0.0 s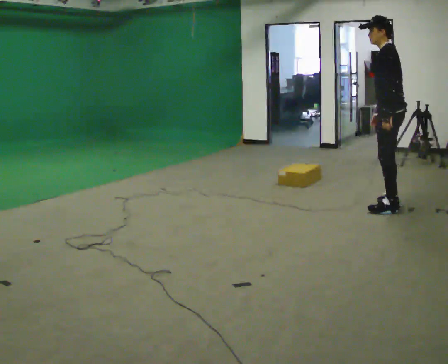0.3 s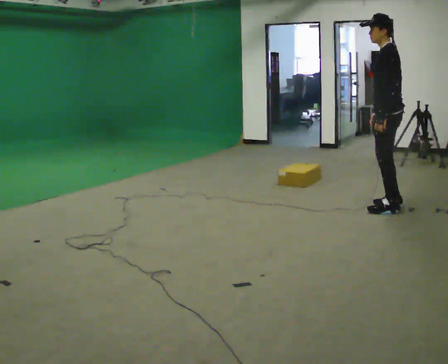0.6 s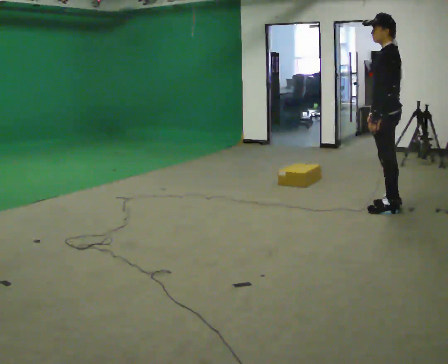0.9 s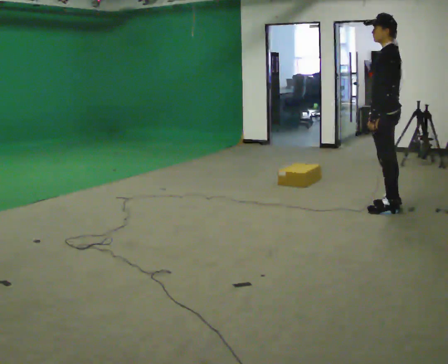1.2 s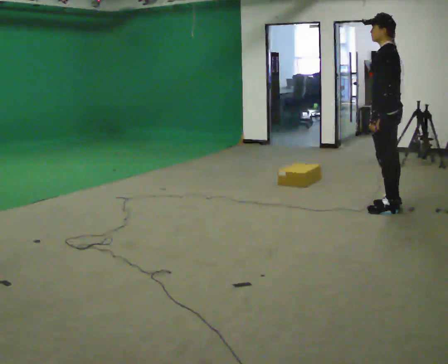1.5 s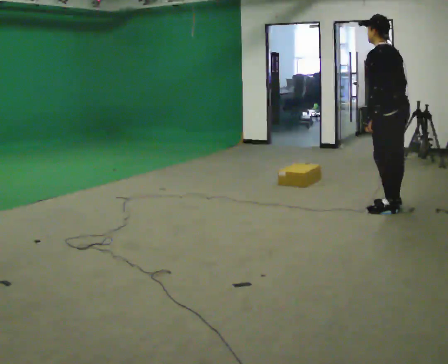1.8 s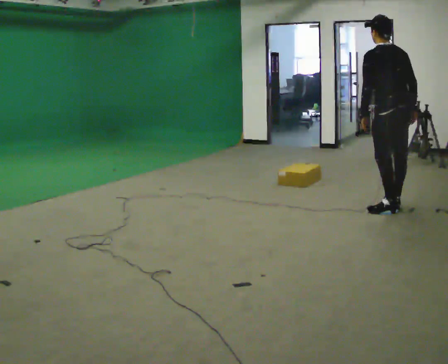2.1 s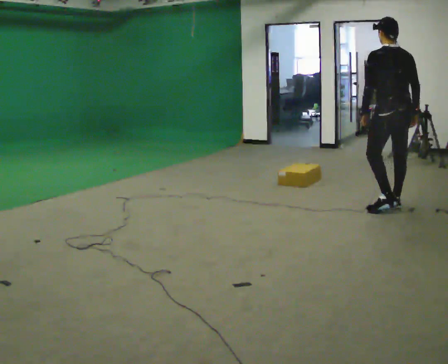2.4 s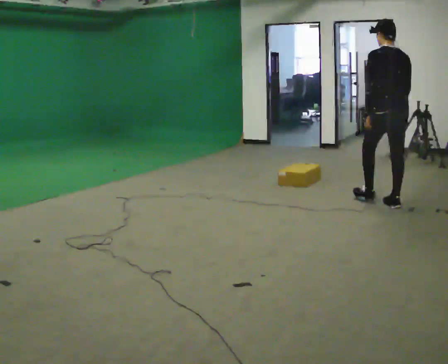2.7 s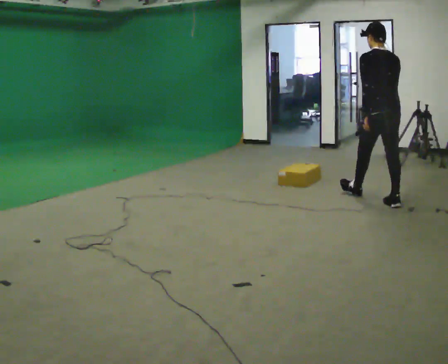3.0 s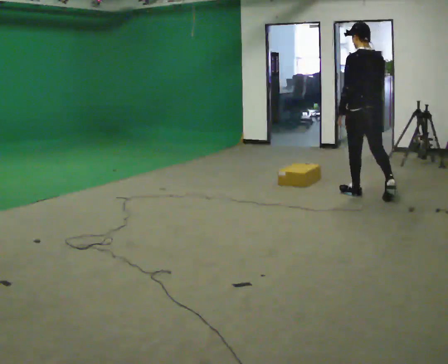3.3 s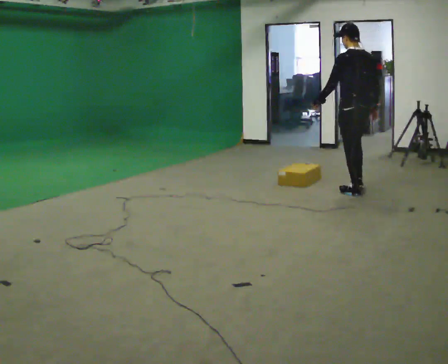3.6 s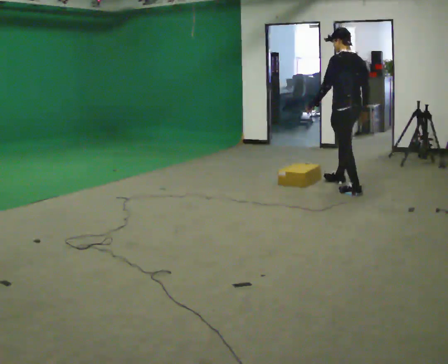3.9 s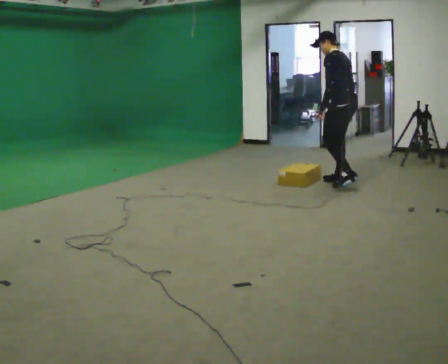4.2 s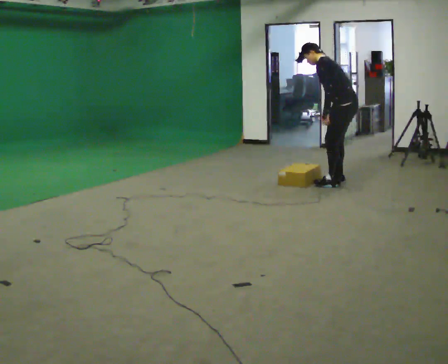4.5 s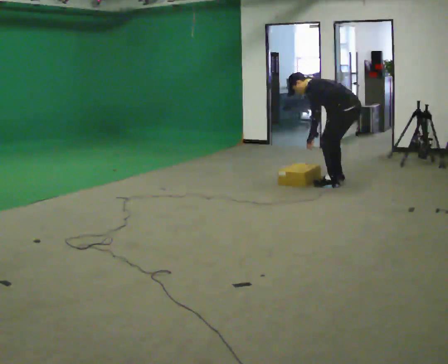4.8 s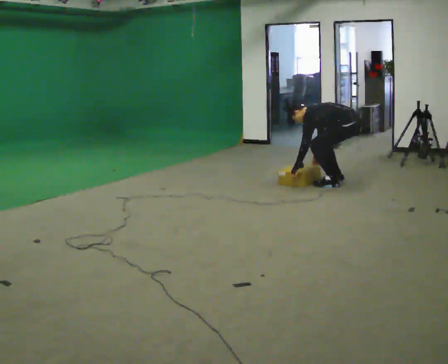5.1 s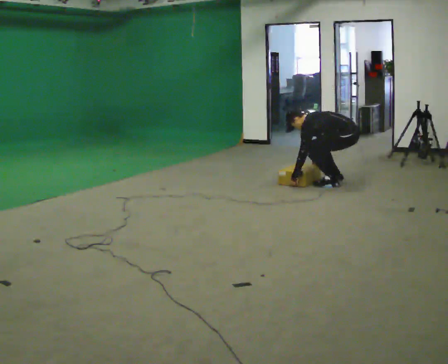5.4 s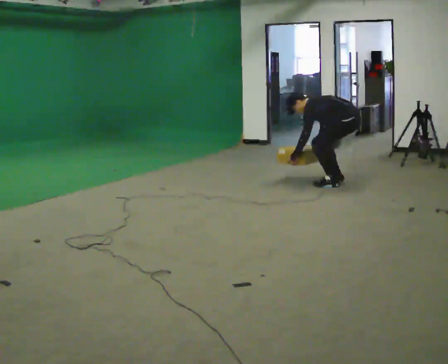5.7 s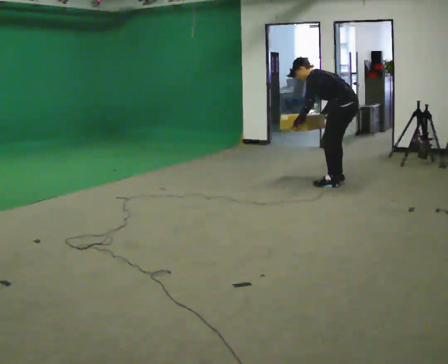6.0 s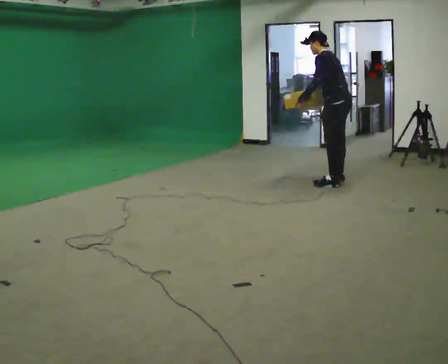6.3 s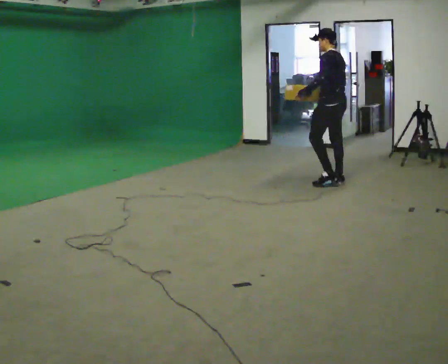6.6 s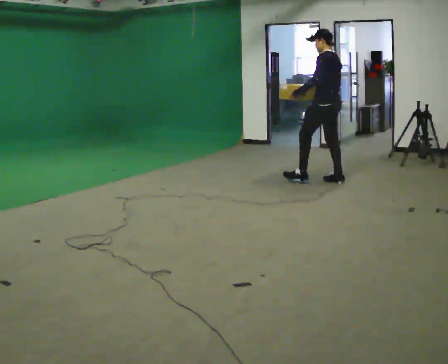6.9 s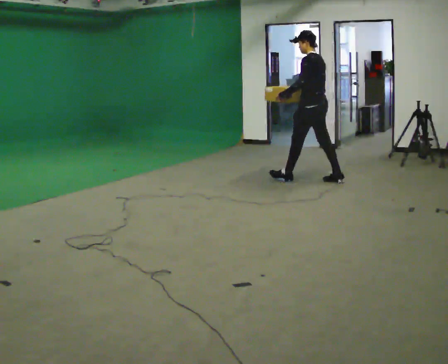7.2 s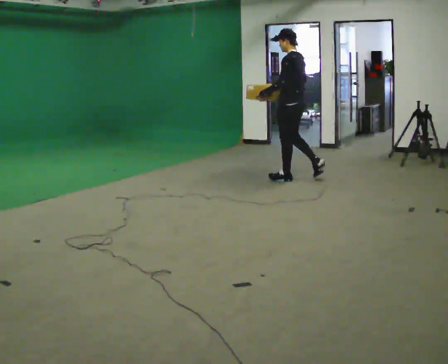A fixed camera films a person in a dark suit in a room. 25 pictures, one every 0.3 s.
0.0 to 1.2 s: The person moves a little, or ends about where they began.
1.2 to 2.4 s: The part of the body nearest the lens slides to the left as the person turns to their right by about 45 degrees. In the picture they go away from the camera, about 0.25 m, which for them is forward and to their right.
2.4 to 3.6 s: The part of the body nearest the lens slides to the right as the person turns to their left by about 30 degrees. In the picture they go away from the camera and to the left, about 1 m in 2 steps, which for them is forward.
3.6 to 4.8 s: The upper body goes downward. In the picture the upper body tilts counterclockwise, shoulders to the left, as they bend forward. In the picture their left hand goes downward.
4.8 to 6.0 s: The shoulders move upward. In the picture the upper body tilts clockwise, shoulders to the right, as they lean back or straighten. In the picture their left hand goes upward.
6.0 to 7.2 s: In the picture they go to the left, about 0.5 m in 1 step, which for them is forward.
The film runs forward here.
